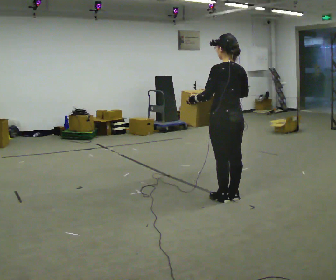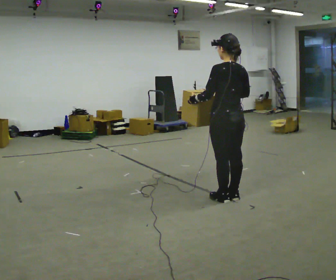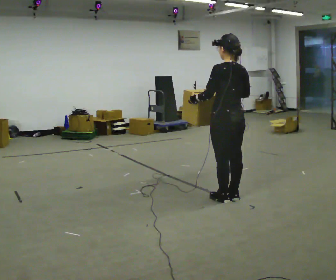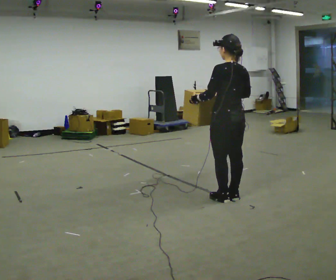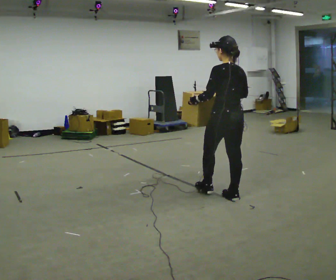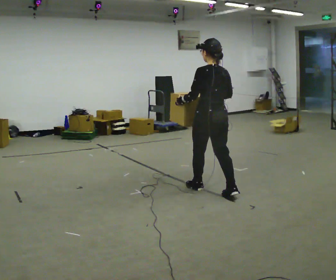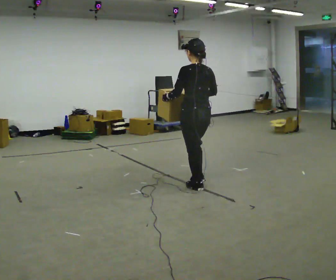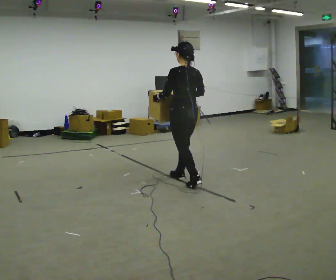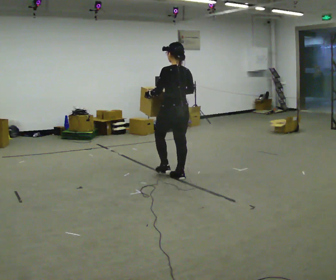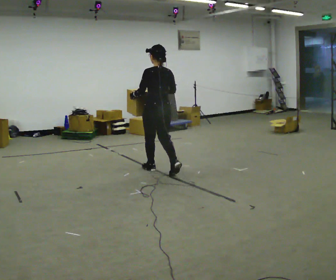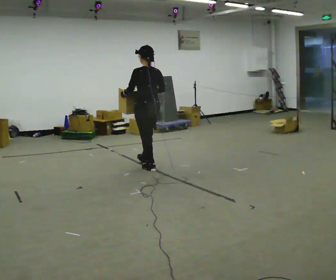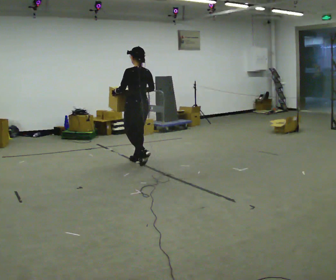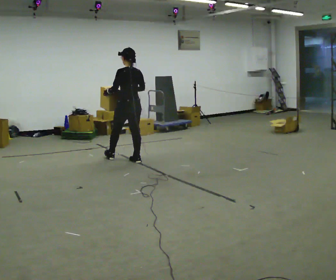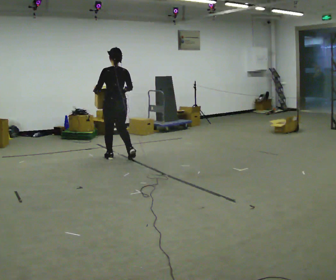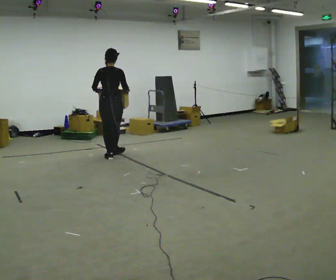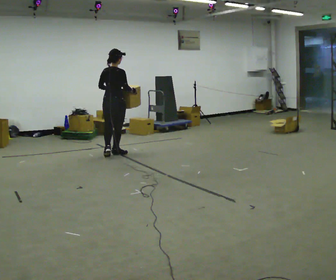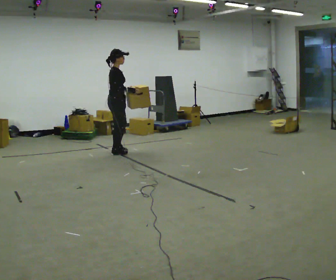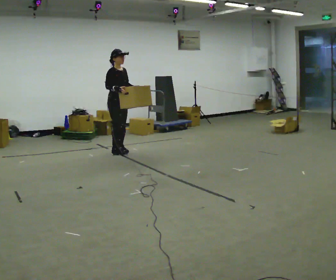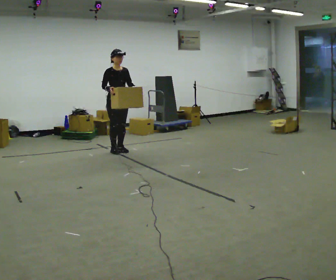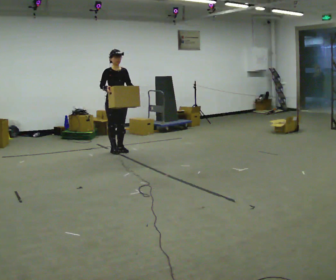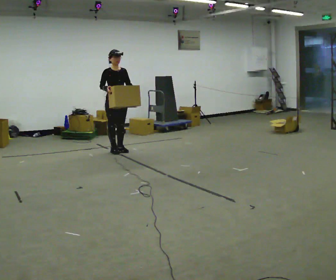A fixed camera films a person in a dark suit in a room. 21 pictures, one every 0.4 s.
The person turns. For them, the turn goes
to their right.
The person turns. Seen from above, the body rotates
clockwise.
0.0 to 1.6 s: The person moves a little, or ends about where they began.
1.6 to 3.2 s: In the picture they go away from the camera and to the left, about 1 m in 2 steps, which for them is forward.
3.2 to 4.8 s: In the picture they go away from the camera and to the left, about 1 m in 2 steps, which for them is forward.
4.8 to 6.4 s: The person turns about 120 degrees to their right, clockwise seen from above, so the part of the body nearest the lens slides to the left. In the picture they go away from the camera and to the left, about 0.5 m in 2 steps.
6.4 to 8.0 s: Seen from above the body turns clockwise, about 75 degrees: to their right, with its near side sliding to the left. In the picture they go away from the camera, about 0.25 m in 2 steps.
The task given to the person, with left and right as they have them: Carry the large light object across the room, back and forth. It is awkward rather than heavy, so hold it however works.
The film runs forward here.
